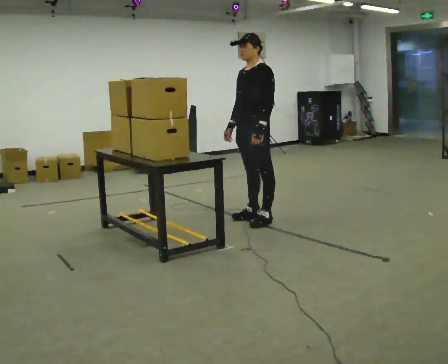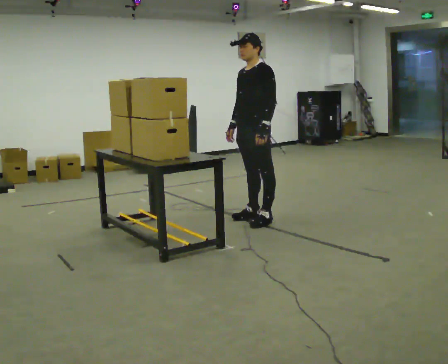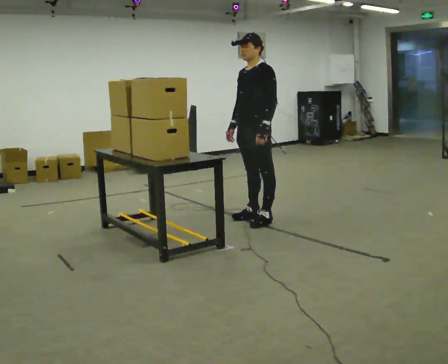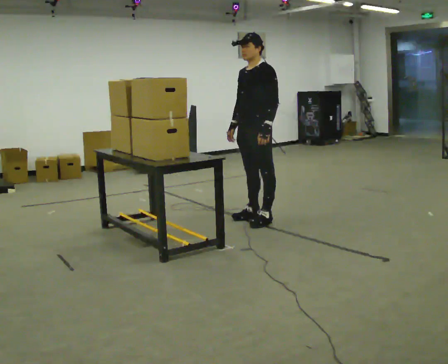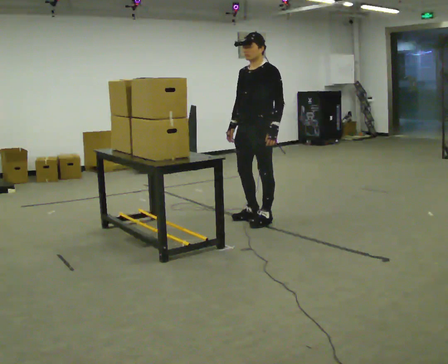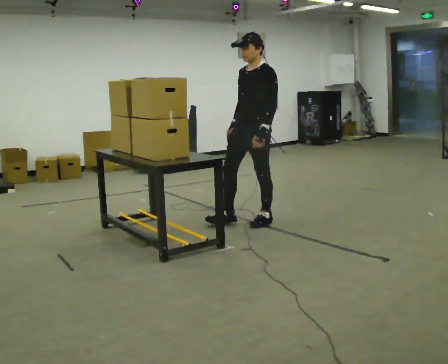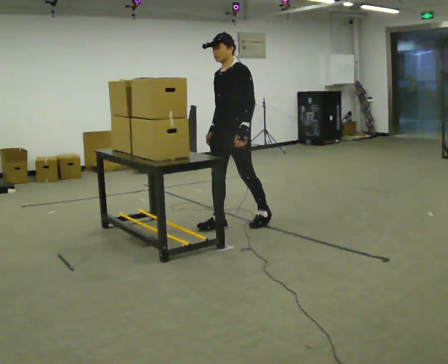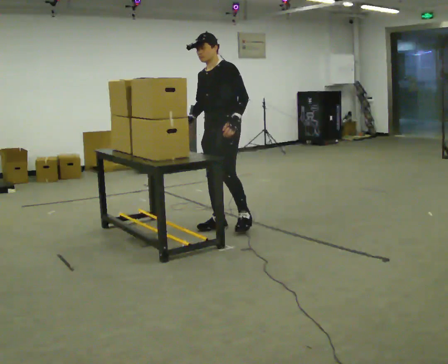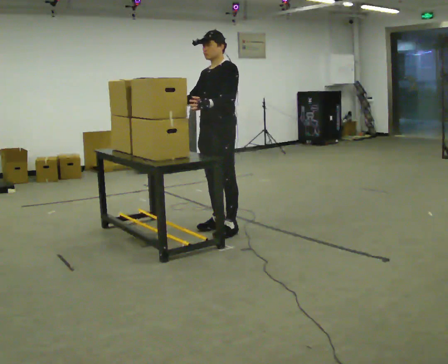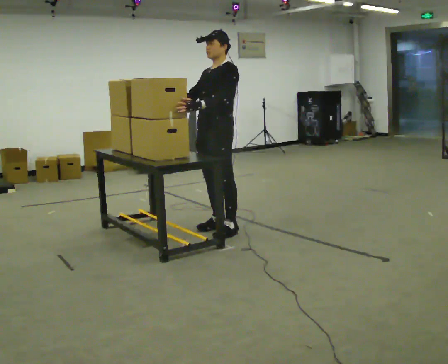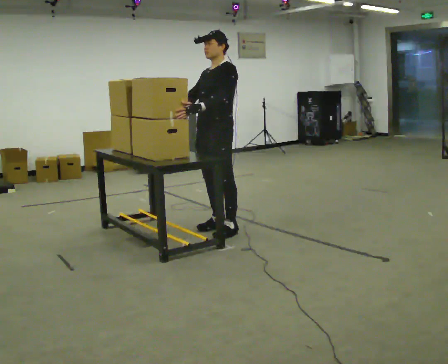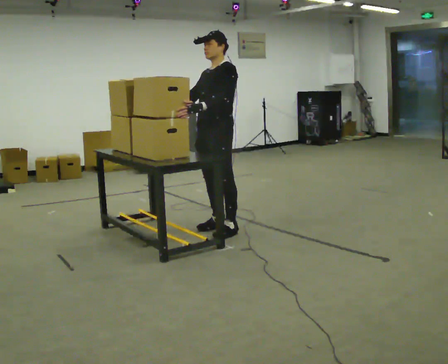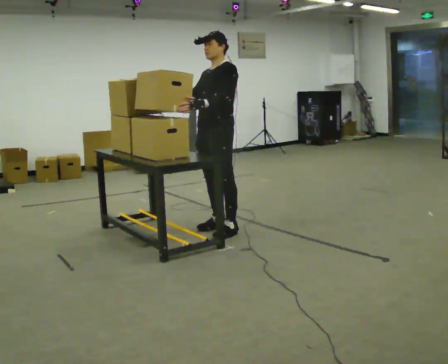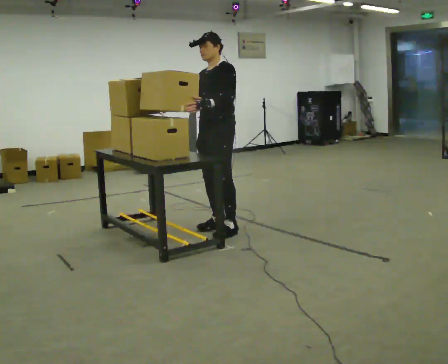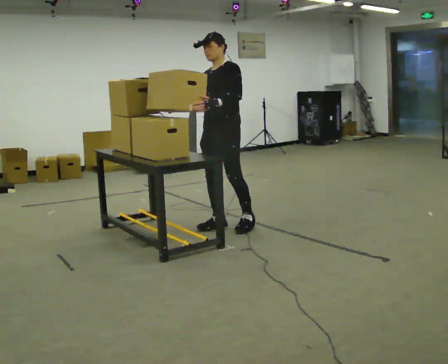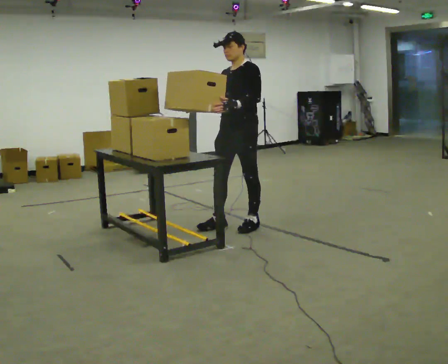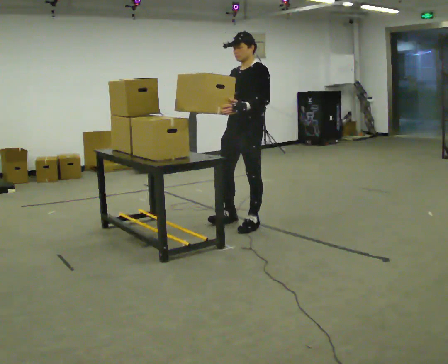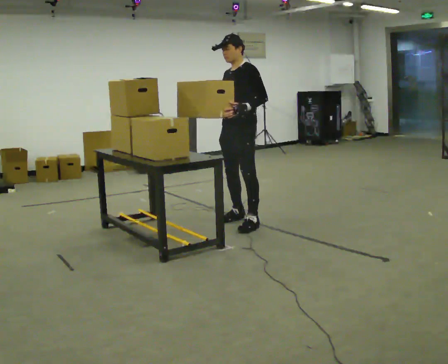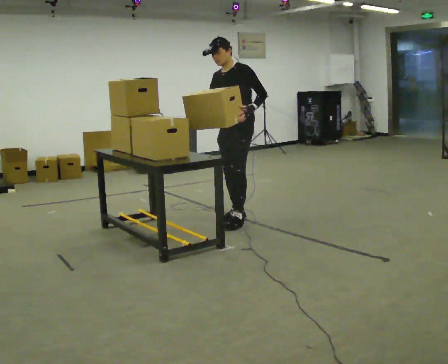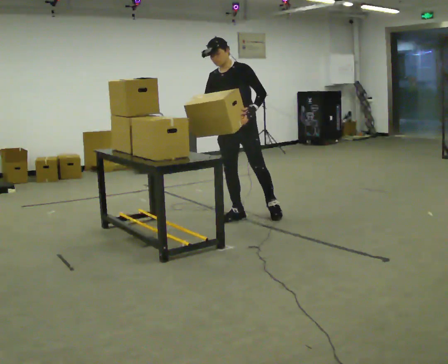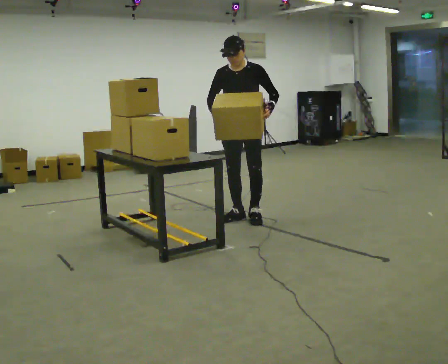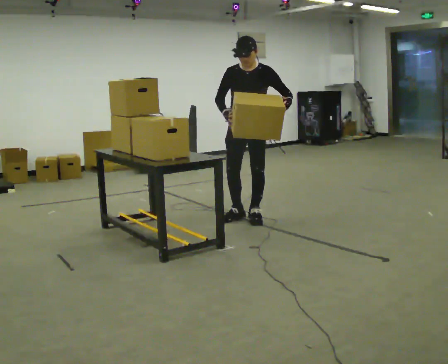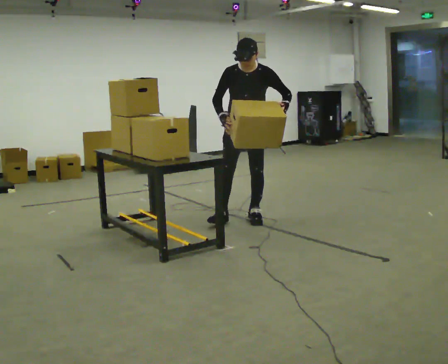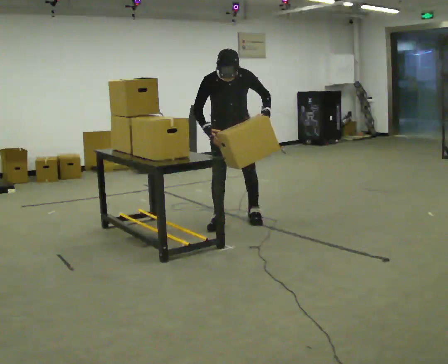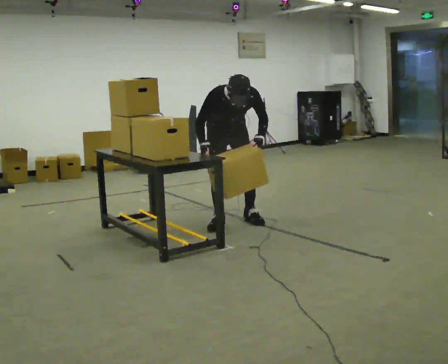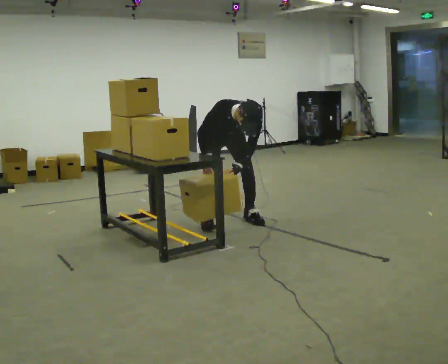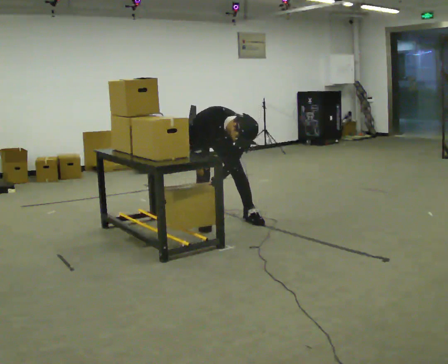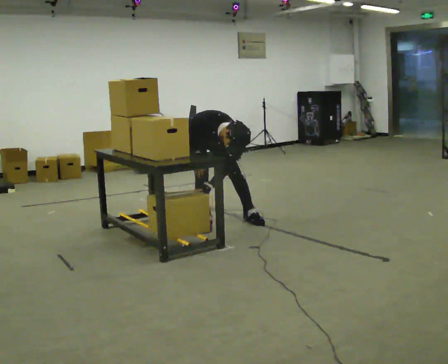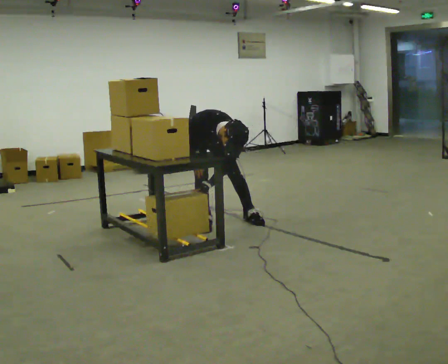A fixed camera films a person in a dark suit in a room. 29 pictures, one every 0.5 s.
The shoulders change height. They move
downward.
0.0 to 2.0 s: The person moves a little, or ends about where they began.
2.0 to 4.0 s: In the picture they go to the left and toward the camera, about 0.5 m in 2 steps, which for them is forward.
4.0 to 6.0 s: The person moves a little, or ends about where they began.
6.0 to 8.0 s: In the picture they go to the right, about 0.25 m in 1 step, which for them is backward.
8.0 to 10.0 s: The person turns about 30 degrees to their left, counterclockwise seen from above, so the part of the body nearest the lens slides to the right. In the picture they go away from the camera, about 0.25 m in 3 steps, which for them is to their right and backward.
10.0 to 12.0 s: Seen from above the body turns counterclockwise, about 30 degrees: to their left, with its near side sliding to the right. In the picture they go to the left, about 0.25 m in 1 step, which for them is to their right. The upper body goes downward. The upper body tips toward the camera, its near side rolling downward, as they bend forward. In the picture their left hand goes downward.
12.0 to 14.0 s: In the picture they go to the left, about 0.25 m in 1 step, which for them is to their right. The upper body goes downward. In the picture the upper body tilts clockwise, shoulders to the right, as they bend forward. In the picture their left hand goes to the left and downward, the arm swinging clockwise.
The film runs forward here.
